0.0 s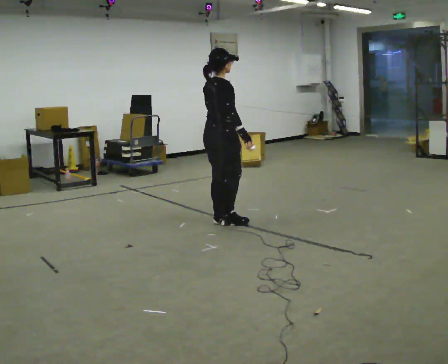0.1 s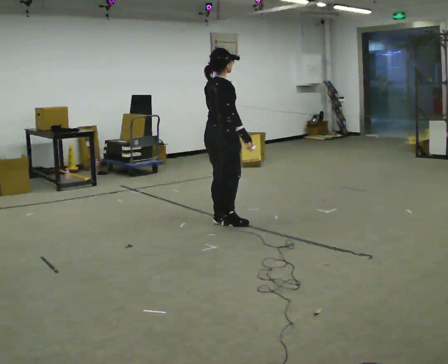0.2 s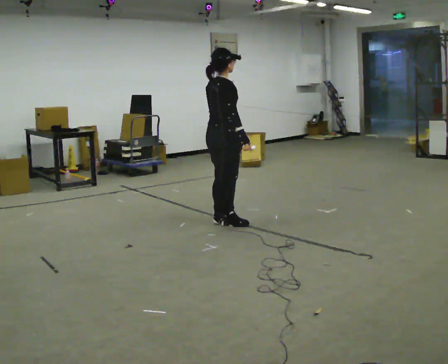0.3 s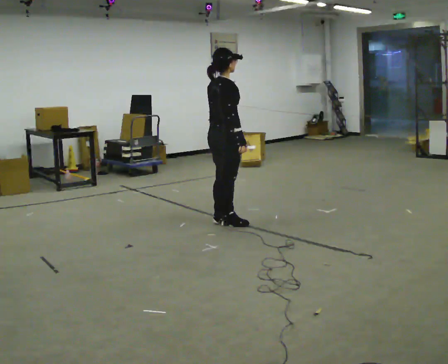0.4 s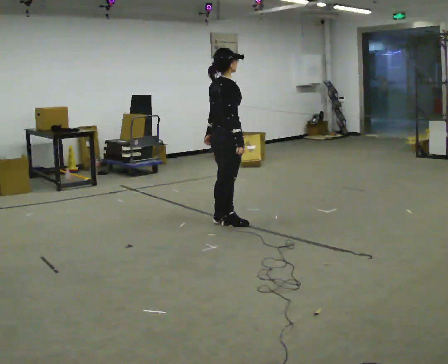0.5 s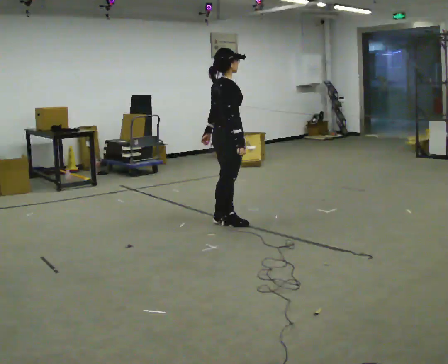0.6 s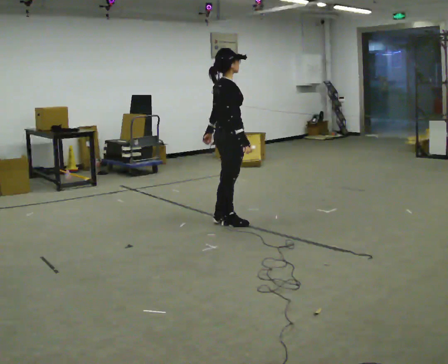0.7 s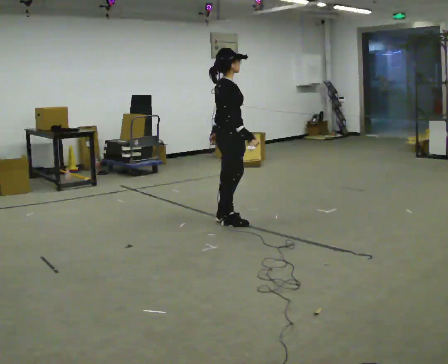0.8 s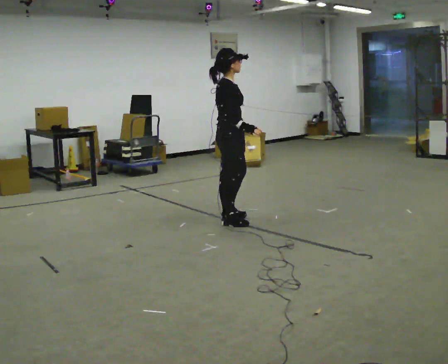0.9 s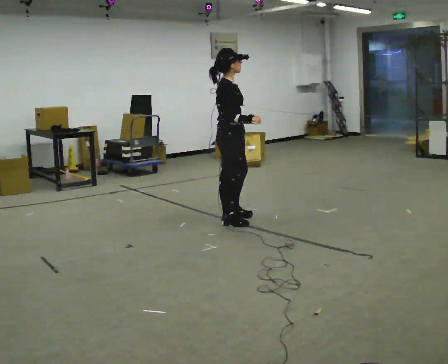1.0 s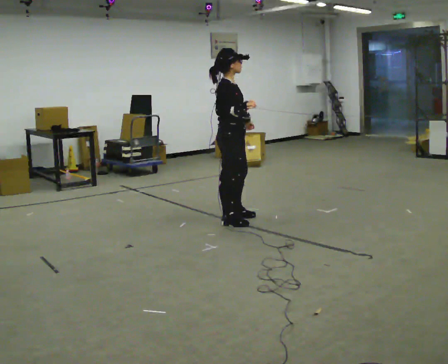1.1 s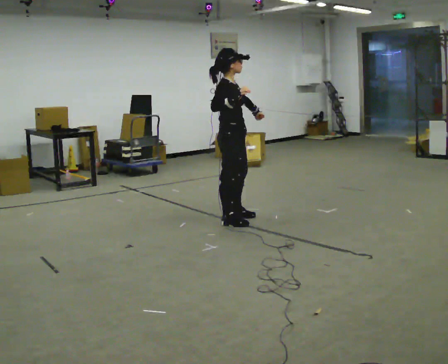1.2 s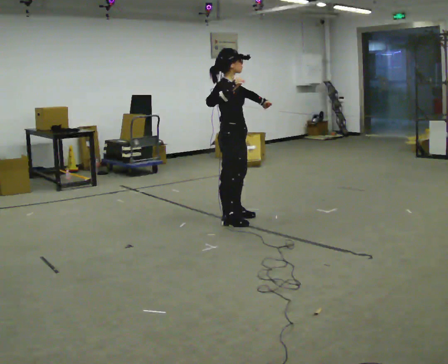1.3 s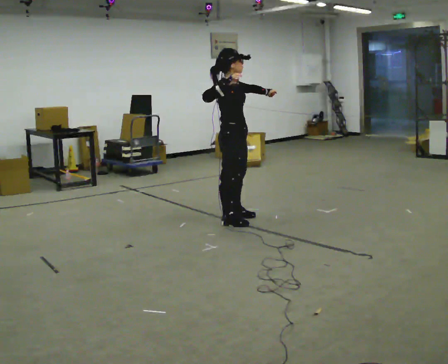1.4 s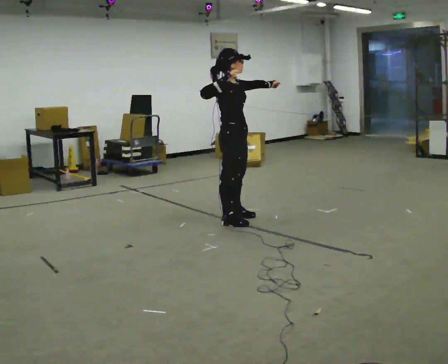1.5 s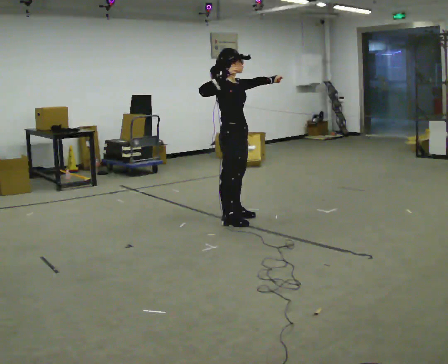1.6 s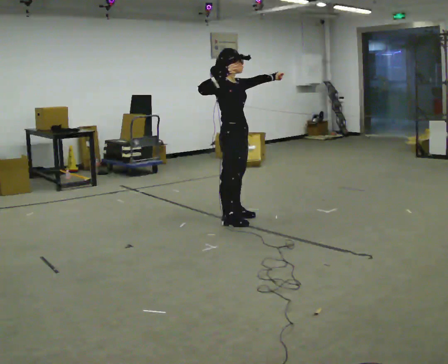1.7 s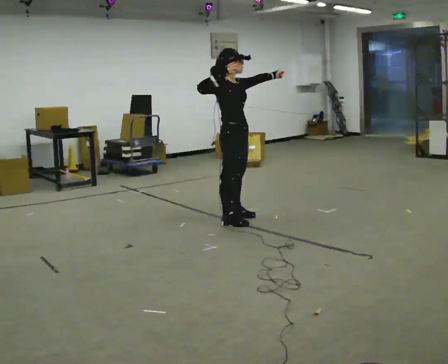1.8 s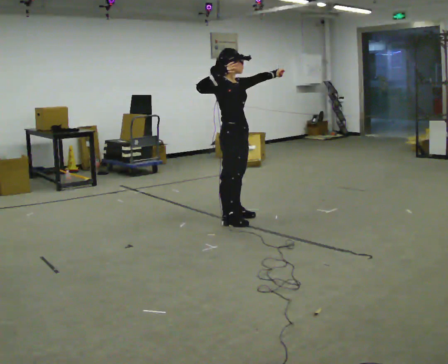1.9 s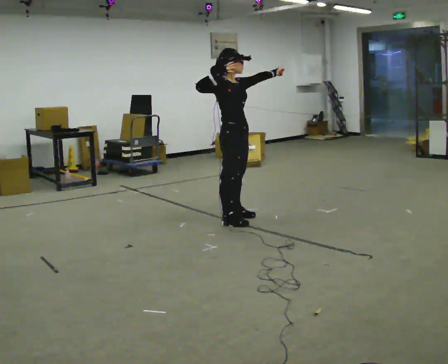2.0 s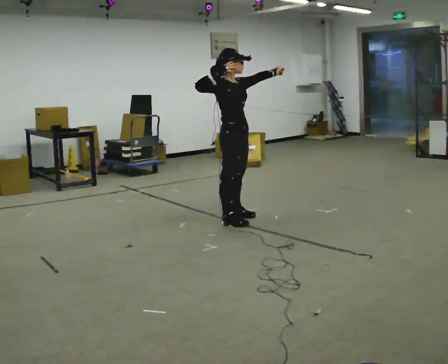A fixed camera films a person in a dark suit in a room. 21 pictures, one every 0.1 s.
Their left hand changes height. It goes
upward.
Their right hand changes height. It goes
upward.
0.0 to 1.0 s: The person turns about 30 degrees to their right, clockwise seen from above, so the part of the body nearest the lens slides to the left.
1.0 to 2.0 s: In the picture their left hand goes upward and to the right, the arm swinging counterclockwise.
The film runs backward here.
